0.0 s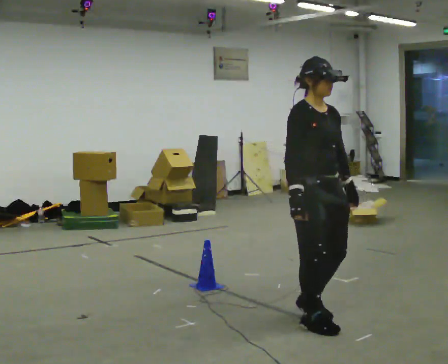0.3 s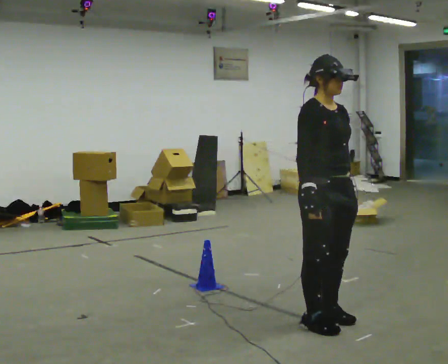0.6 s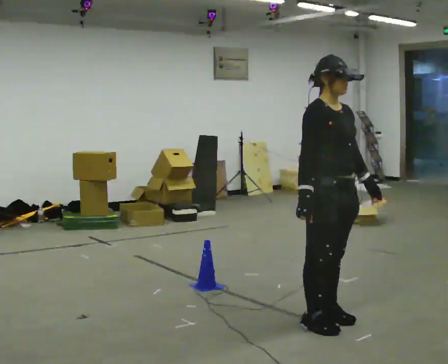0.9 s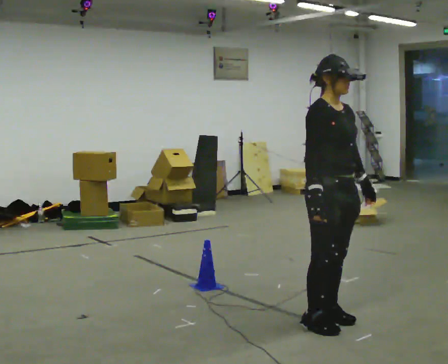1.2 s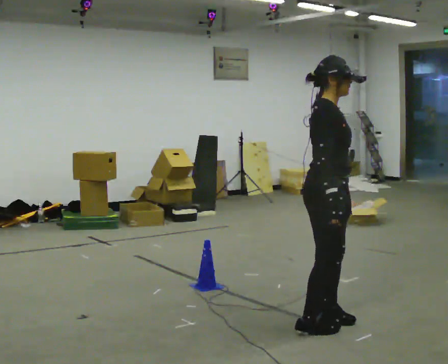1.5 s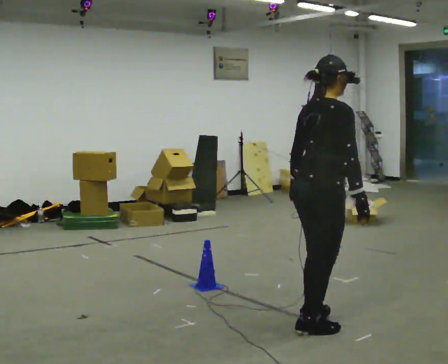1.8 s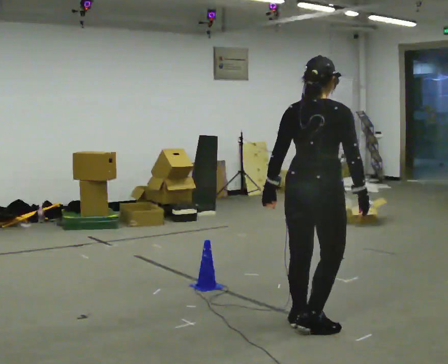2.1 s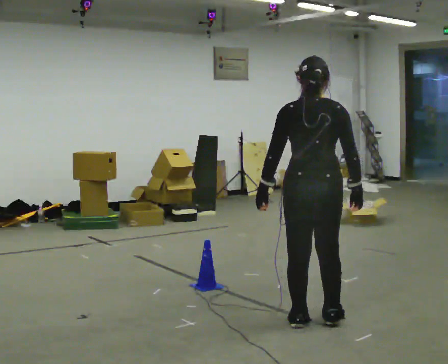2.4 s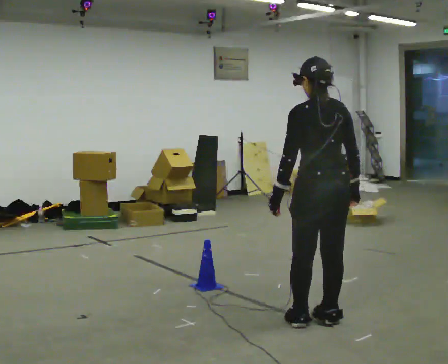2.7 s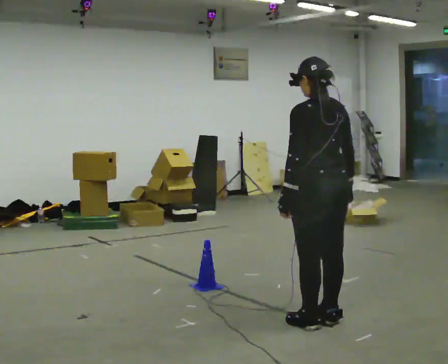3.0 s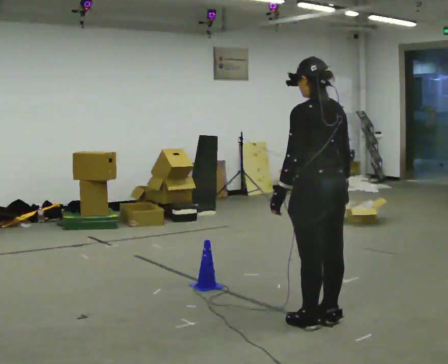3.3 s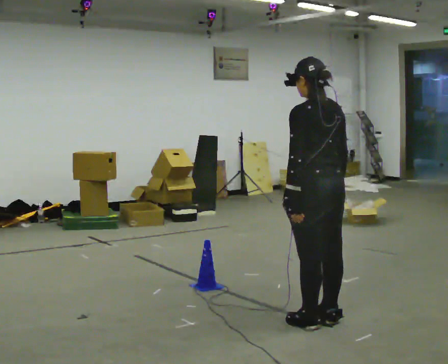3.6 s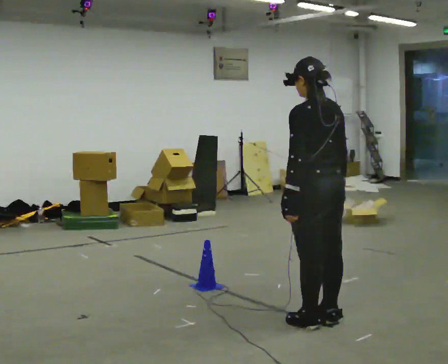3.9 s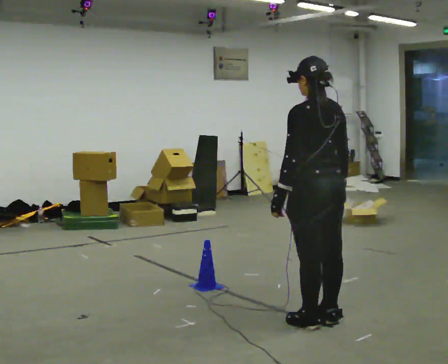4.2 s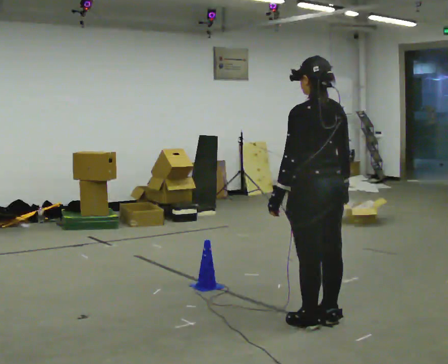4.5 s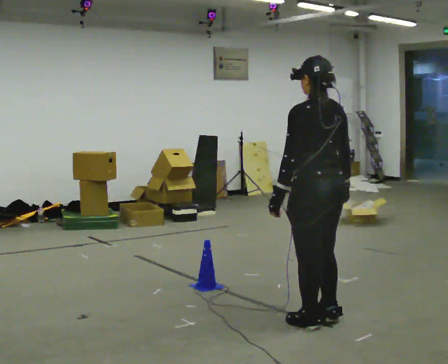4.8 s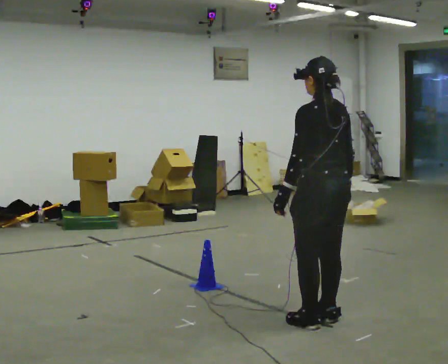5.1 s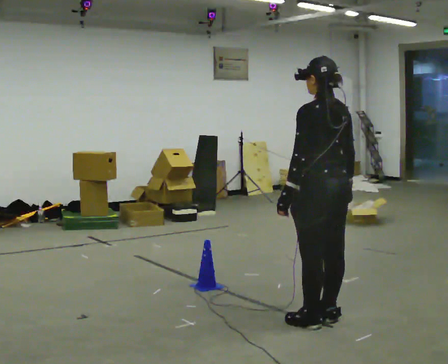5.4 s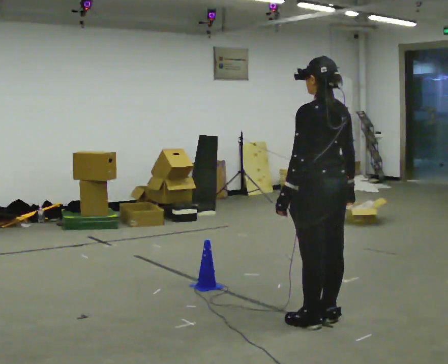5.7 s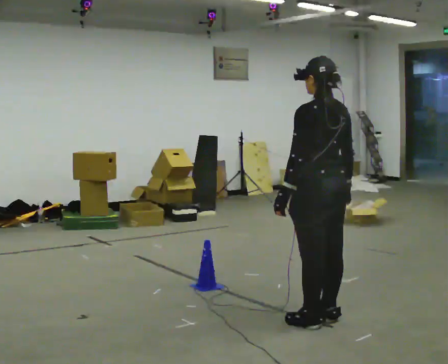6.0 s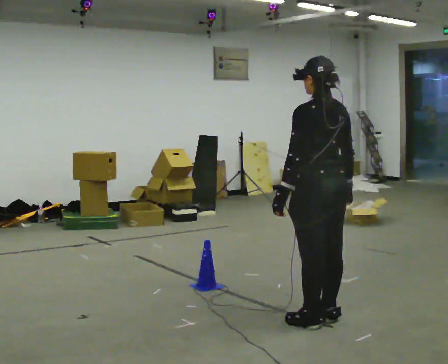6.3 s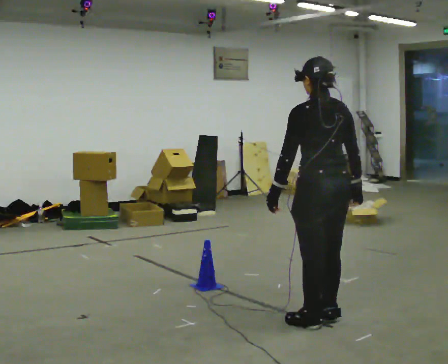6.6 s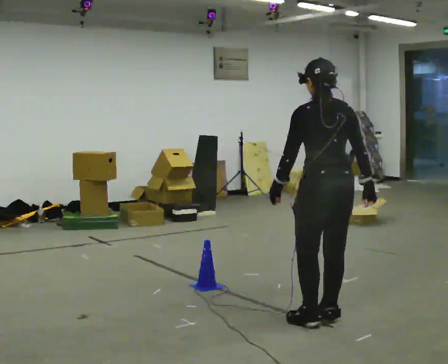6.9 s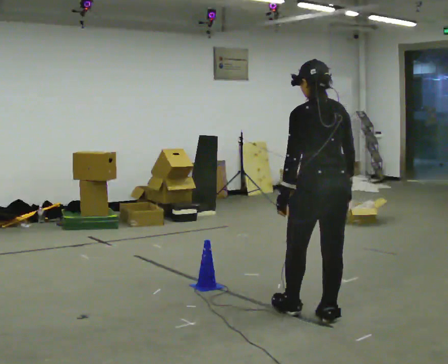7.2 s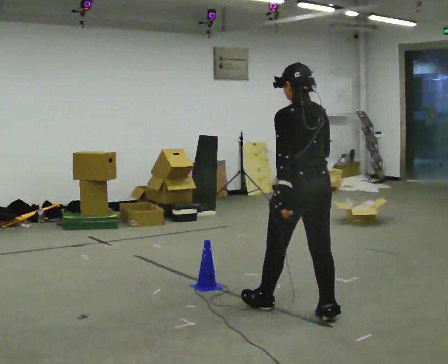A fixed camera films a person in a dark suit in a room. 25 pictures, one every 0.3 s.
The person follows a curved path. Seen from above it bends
counterclockwise.
0.0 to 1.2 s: The person turns about 30 degrees to their left, counterclockwise seen from above, so the part of the body nearest the lens slides to the right.
1.2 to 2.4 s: The part of the body nearest the lens slides to the right as the person turns to their left by about 120 degrees. In the picture their left hand goes to the left.
2.4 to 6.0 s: The person moves a little, or ends about where they began.
6.0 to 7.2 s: In the picture they go away from the camera, about 0.25 m in 1 step, which for them is forward.
The film runs forward here.
